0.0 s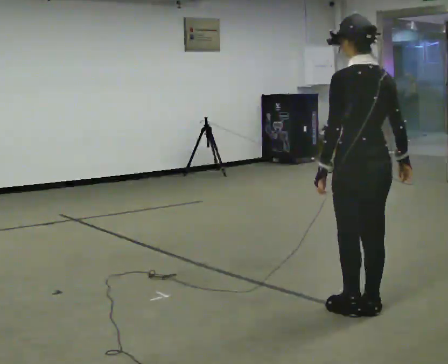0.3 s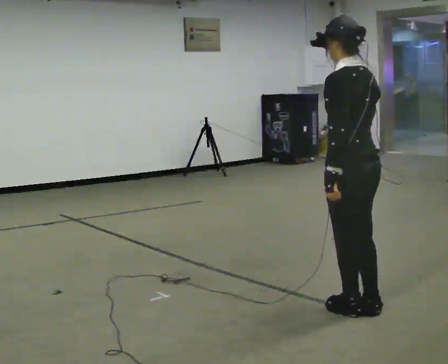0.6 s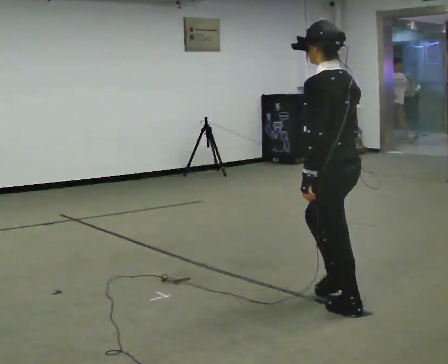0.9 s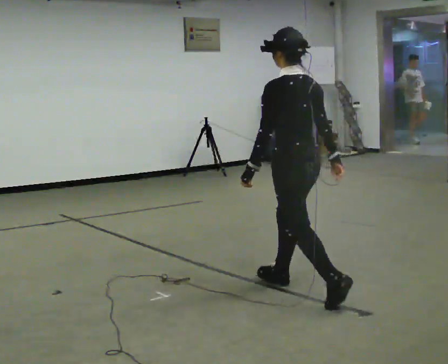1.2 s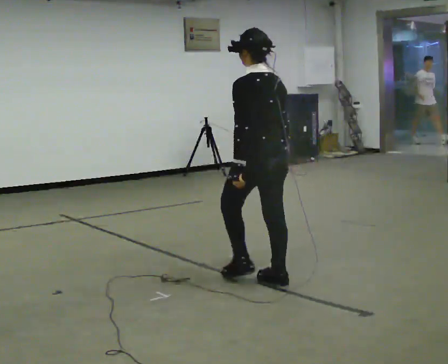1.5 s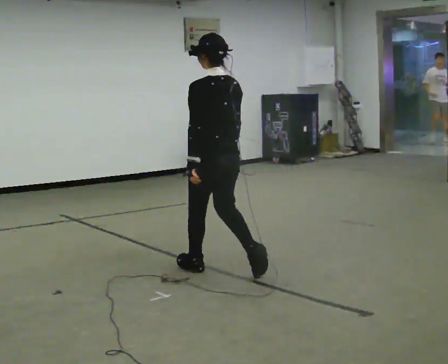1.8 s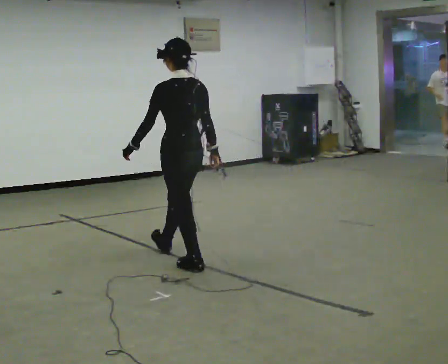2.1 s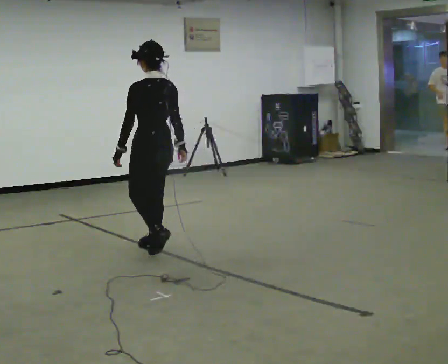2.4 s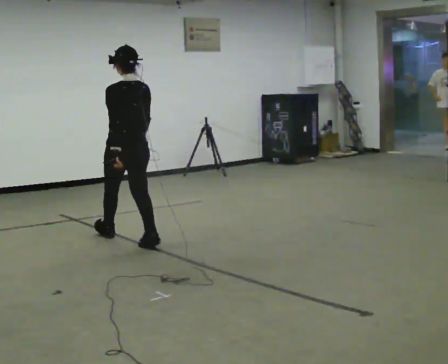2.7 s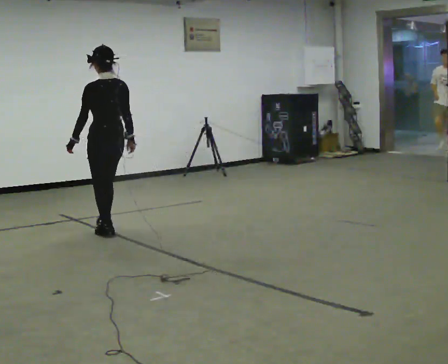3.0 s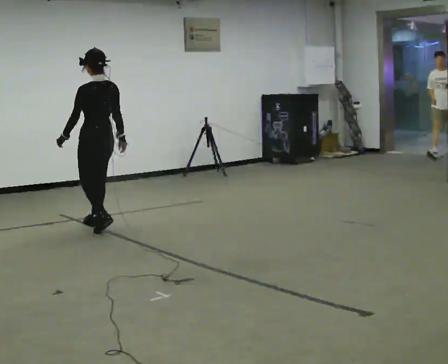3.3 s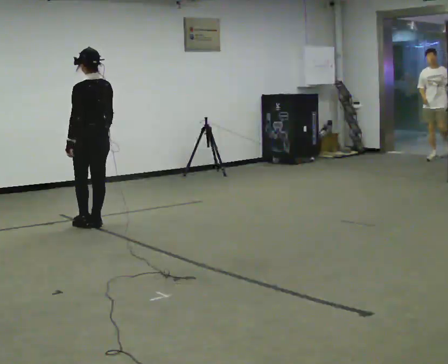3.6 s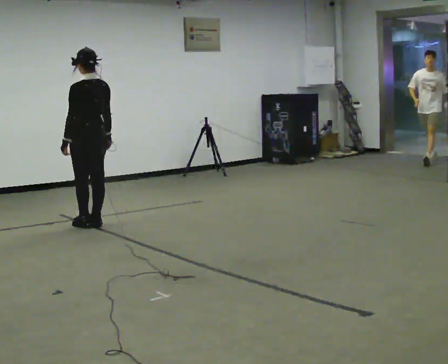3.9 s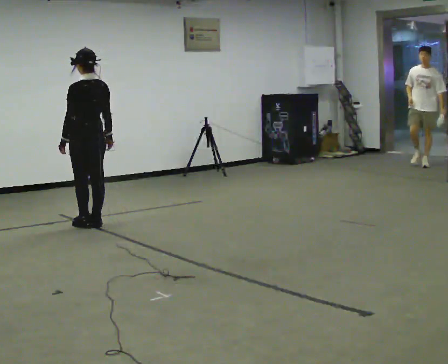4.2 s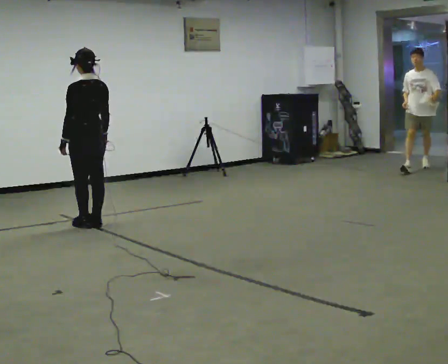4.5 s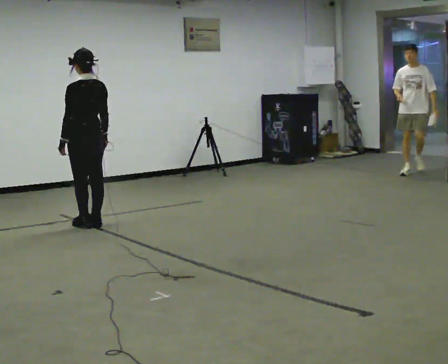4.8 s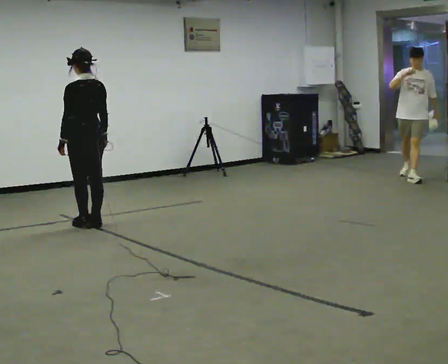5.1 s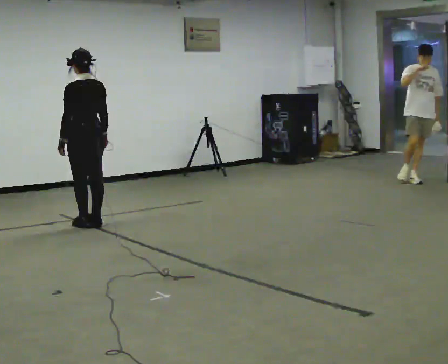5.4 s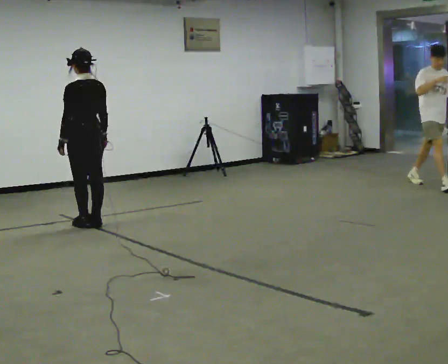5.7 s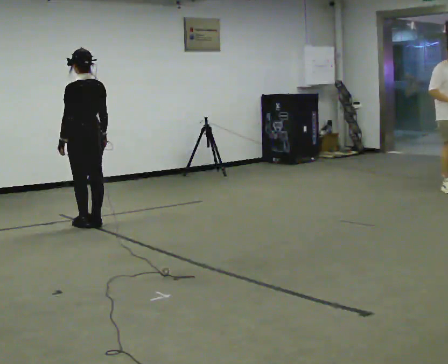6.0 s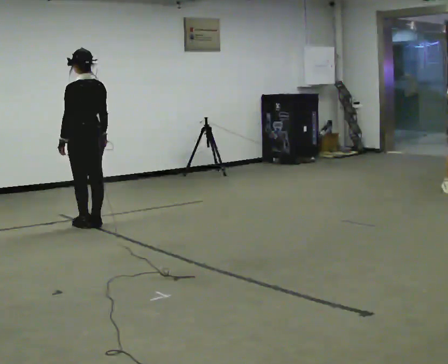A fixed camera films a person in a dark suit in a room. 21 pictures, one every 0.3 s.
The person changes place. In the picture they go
away from the camera.
0.0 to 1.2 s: In the picture they go away from the camera and to the left, about 1 m in 1 step, which for them is forward.
1.2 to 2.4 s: In the picture they go away from the camera and to the left, about 1.5 m in 2 steps, which for them is forward.
2.4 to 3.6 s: In the picture they go away from the camera and to the left, about 0.5 m in 3 steps, which for them is forward.
3.6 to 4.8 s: The person moves a little, or ends about where they began.
4.8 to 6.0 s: The person keeps their place and pose.
The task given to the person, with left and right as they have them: Walk normally; at marked point stop as quickly as comfortably possible; remain still.
The film runs forward here.
